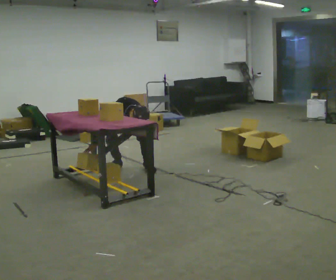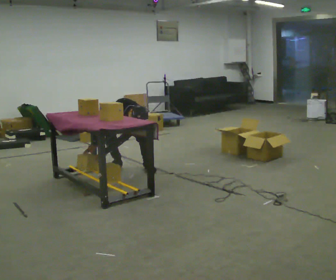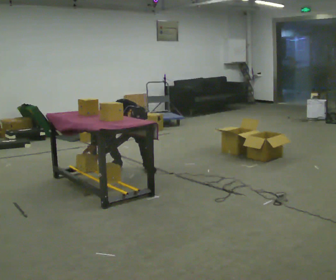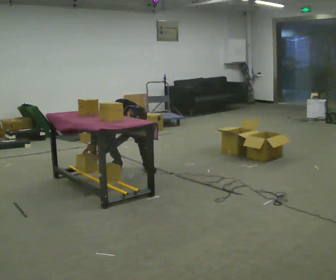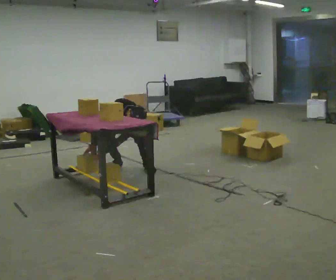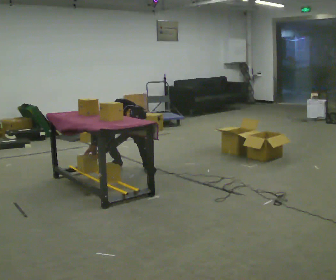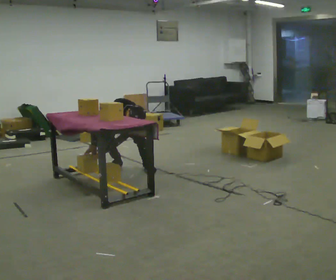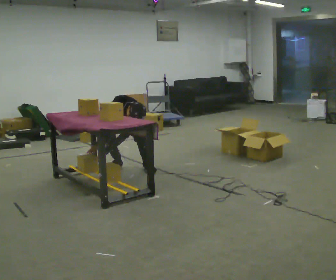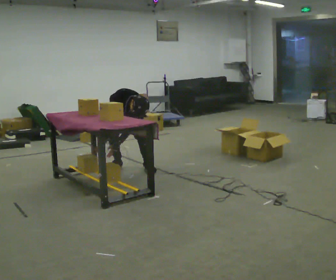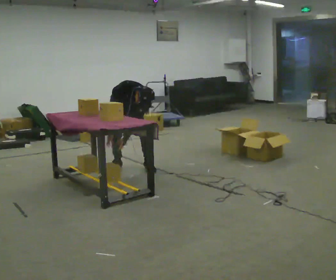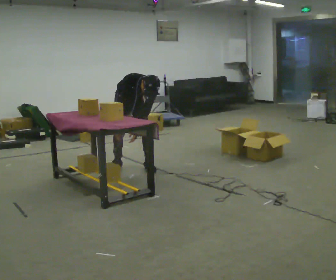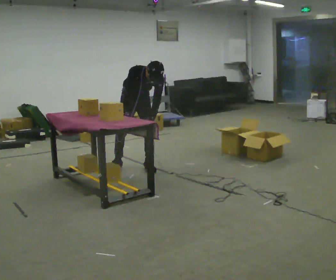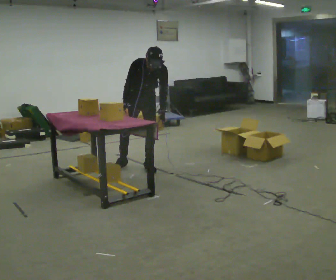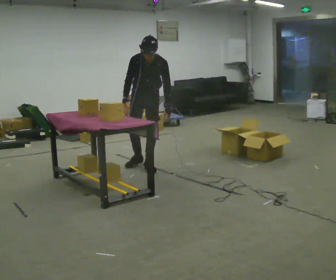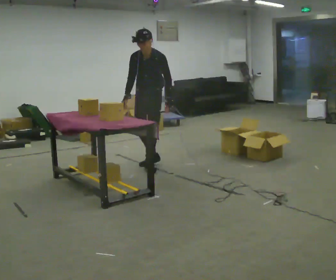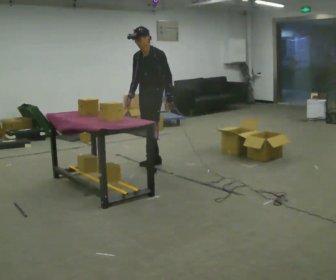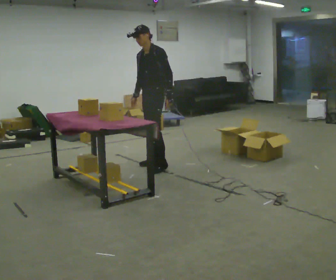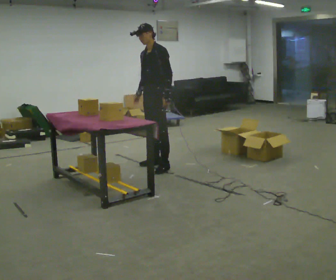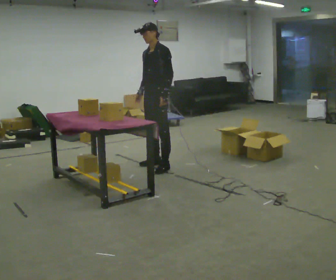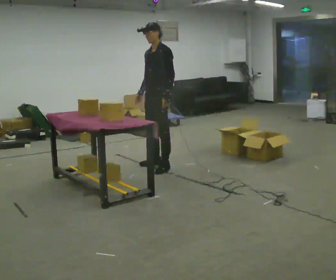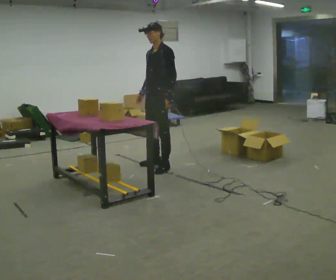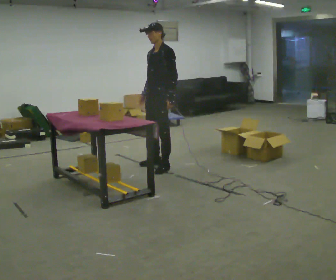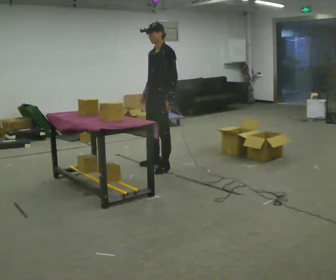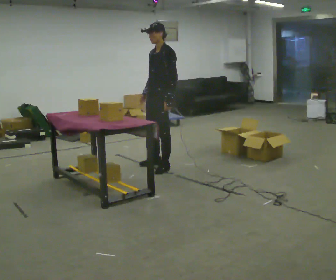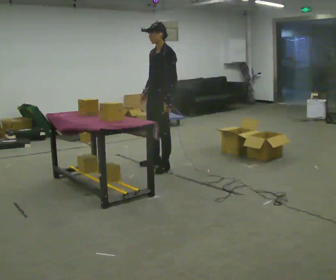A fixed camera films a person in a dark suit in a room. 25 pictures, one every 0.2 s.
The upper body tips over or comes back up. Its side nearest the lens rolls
upward.
The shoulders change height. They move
upward.
0.0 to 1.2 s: In the picture their right hand goes upward, the arm swinging clockwise.
1.2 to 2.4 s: In the picture they go to the right, about 0.25 m, which for them is to their left. The shoulders move upward. The upper body tips away from the camera, its near side rolling upward, as they lean back or straighten.
2.4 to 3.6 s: Seen from above the body turns clockwise, about 60 degrees: to their right, with its near side sliding to the left. In the picture they go to the right, about 0.25 m in 2 steps, which for them is to their left. The shoulders move upward. The upper body tips away from the camera, its near side rolling upward, as they lean back or straighten.
3.6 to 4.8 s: The person moves a little, or ends about where they began.
The film runs forward here.
